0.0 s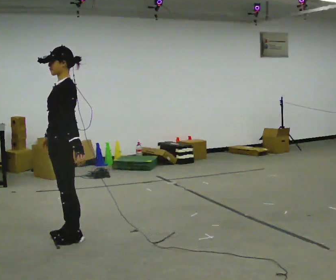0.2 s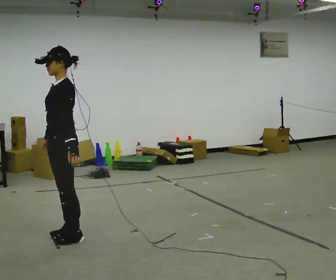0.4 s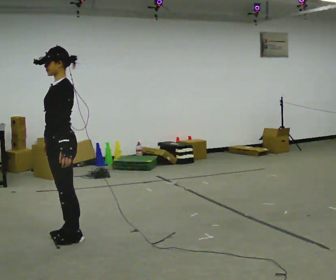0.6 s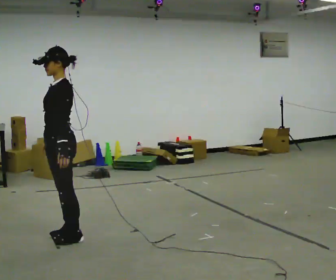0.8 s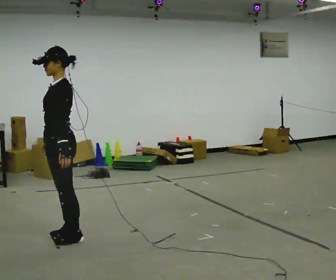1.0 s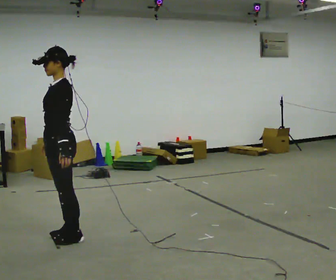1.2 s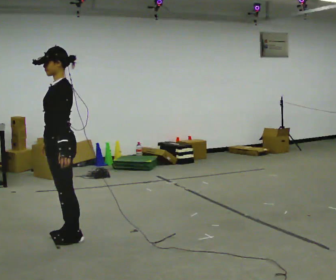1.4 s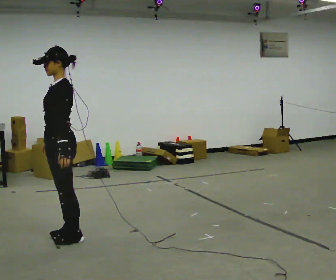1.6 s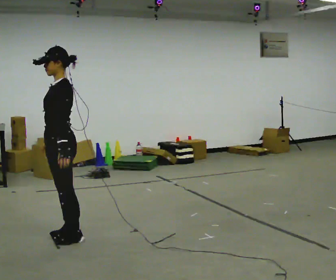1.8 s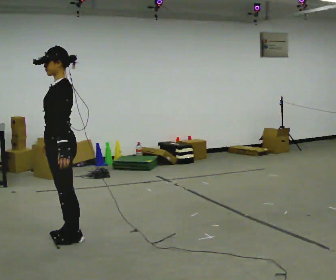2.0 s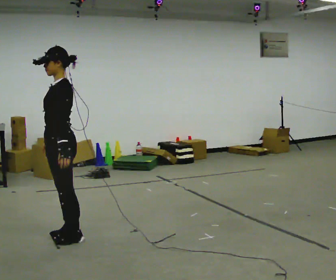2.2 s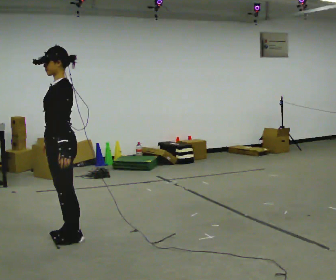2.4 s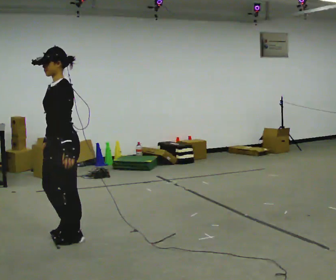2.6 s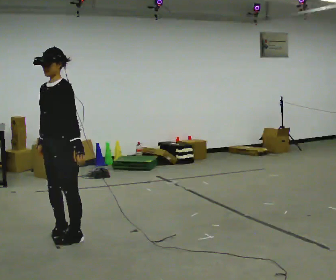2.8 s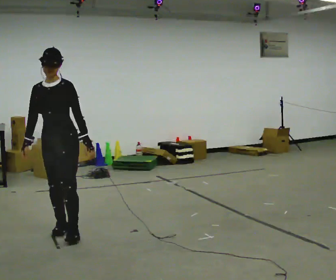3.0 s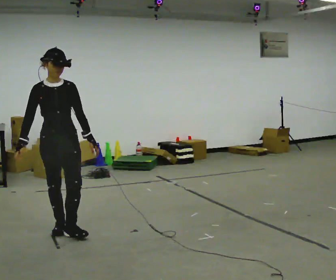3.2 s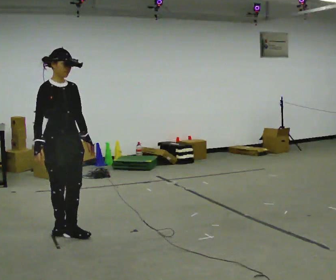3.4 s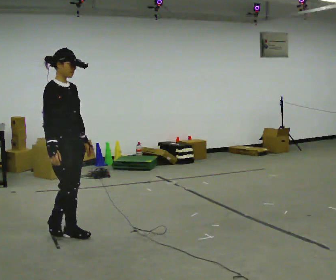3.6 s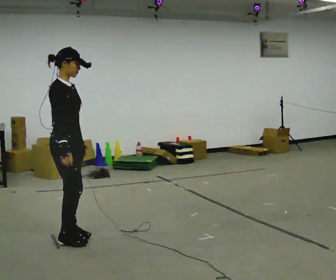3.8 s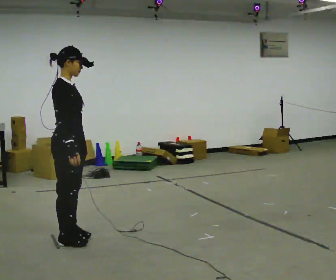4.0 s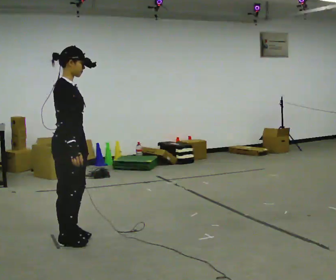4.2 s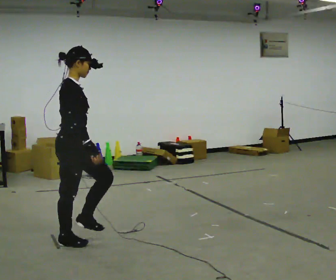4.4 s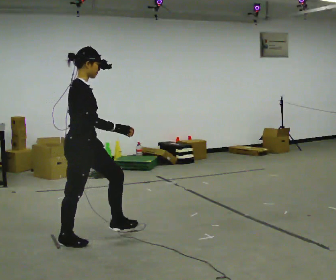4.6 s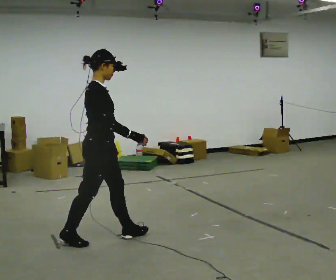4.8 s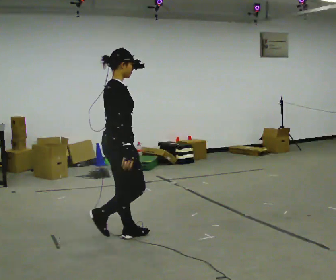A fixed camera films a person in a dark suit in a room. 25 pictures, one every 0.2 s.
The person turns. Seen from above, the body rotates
counterclockwise.
The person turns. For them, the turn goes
to their left.
0.0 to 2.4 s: The person moves a little, or ends about where they began.
2.4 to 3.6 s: Seen from above the body turns counterclockwise, about 135 degrees: to their left, with its near side sliding to the right.
3.6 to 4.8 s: The person turns about 30 degrees to their left, counterclockwise seen from above, so the part of the body nearest the lens slides to the right. In the picture they go to the right, about 0.5 m in 1 step, which for them is forward.
The film runs forward here.
